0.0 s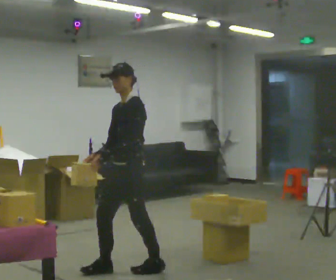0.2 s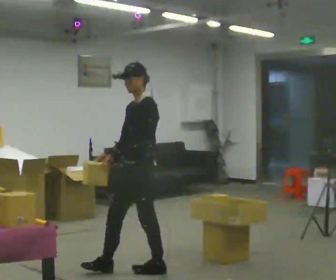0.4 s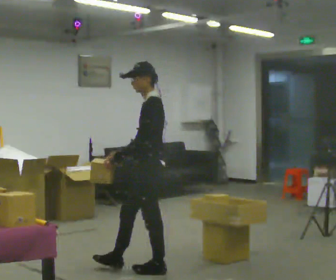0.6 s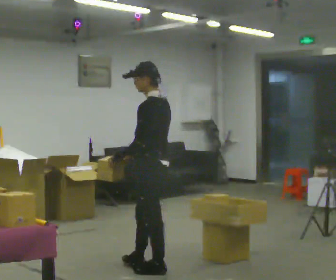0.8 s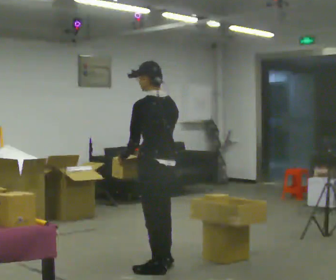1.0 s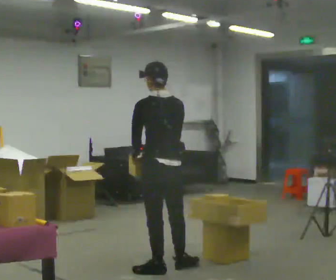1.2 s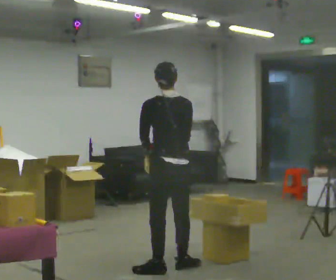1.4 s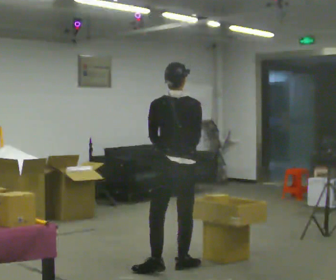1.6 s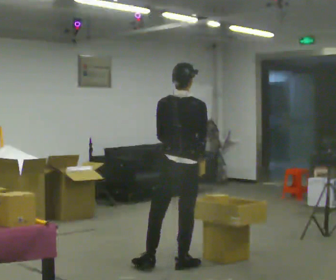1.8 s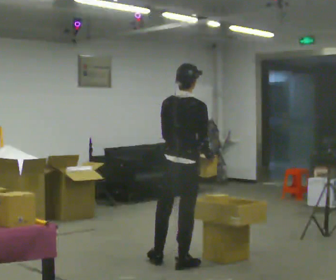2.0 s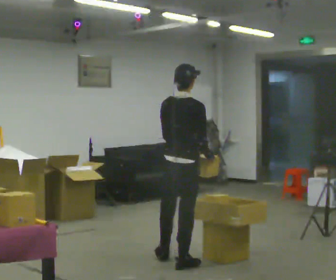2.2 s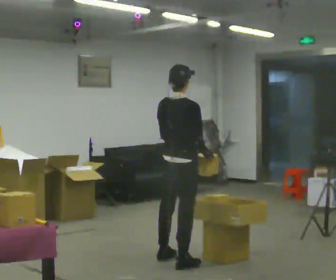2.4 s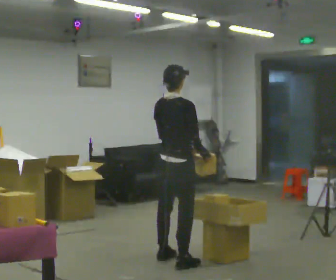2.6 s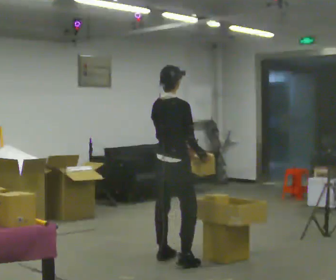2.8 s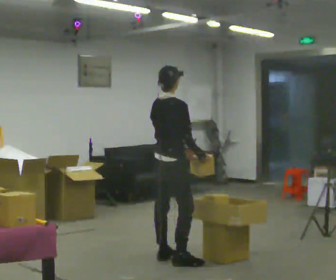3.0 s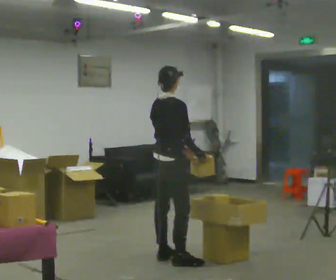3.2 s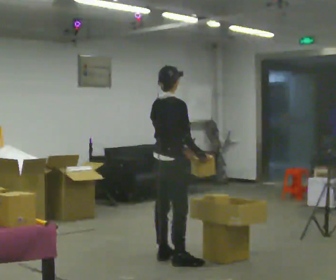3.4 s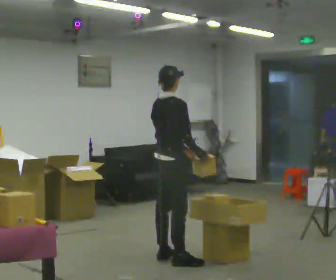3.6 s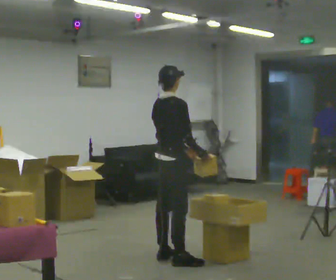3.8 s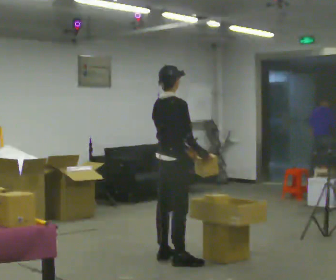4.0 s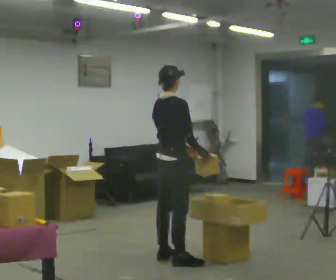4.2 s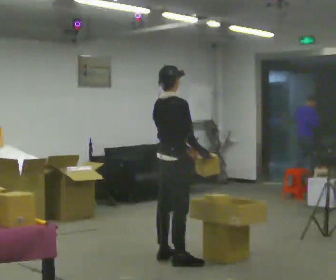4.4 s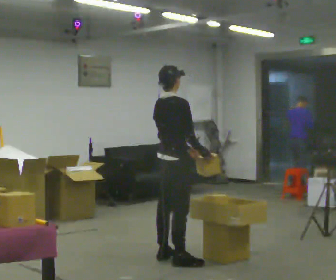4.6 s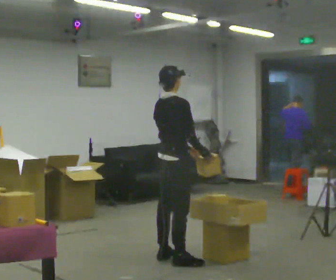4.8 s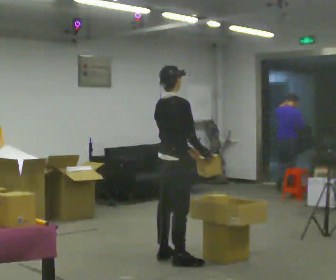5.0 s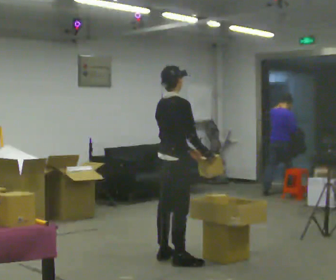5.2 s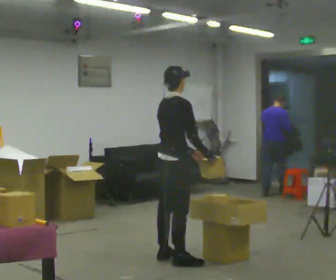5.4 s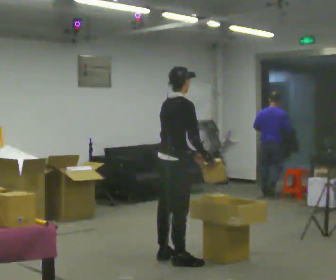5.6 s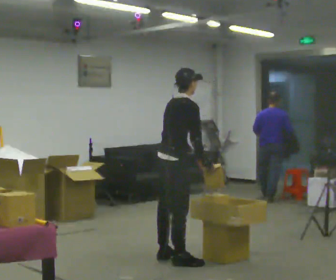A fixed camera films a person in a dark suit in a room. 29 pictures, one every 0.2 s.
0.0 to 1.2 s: The person turns about 105 degrees to their right, clockwise seen from above, so the part of the body nearest the lens slides to the left. In the picture they go to the right, about 0.25 m in 1 step.
1.2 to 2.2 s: Seen from above the body turns clockwise, about 60 degrees: to their right, with its near side sliding to the left. In the picture they go away from the camera, about 0.25 m in 1 step, which for them is forward.
2.2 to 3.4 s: In the picture they go away from the camera, about 0.25 m, which for them is to their left.
3.4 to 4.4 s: The person moves a little, or ends about where they began.
4.4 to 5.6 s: In the picture the upper body tilts clockwise, shoulders to the right, as they bend forward.
The film runs backward here.
